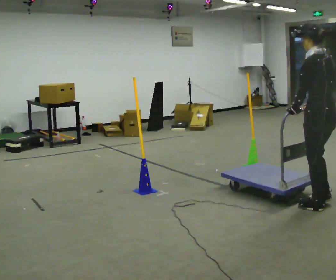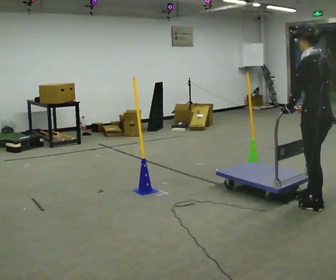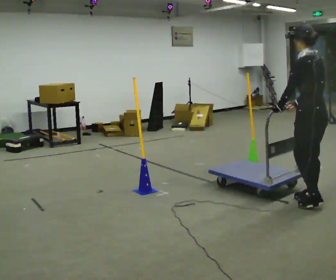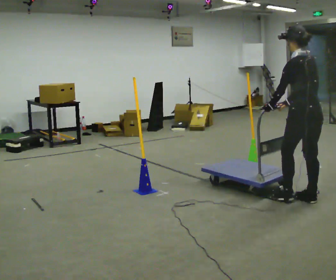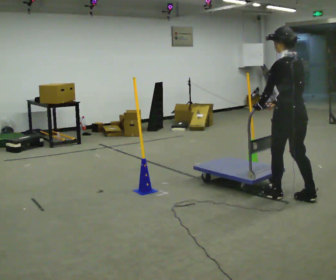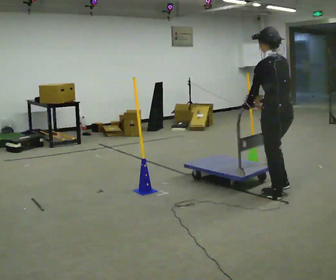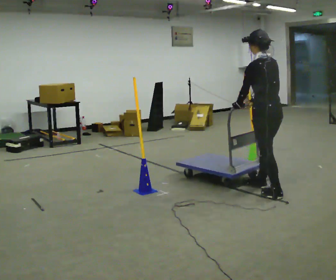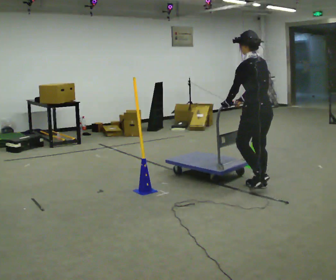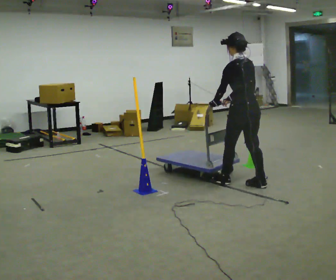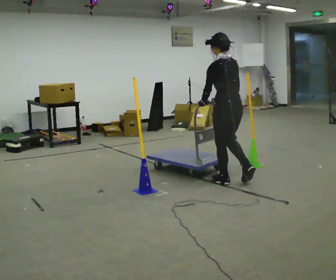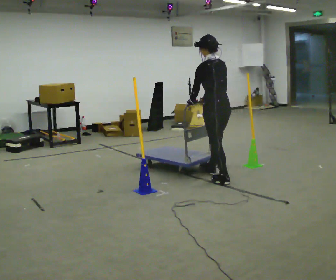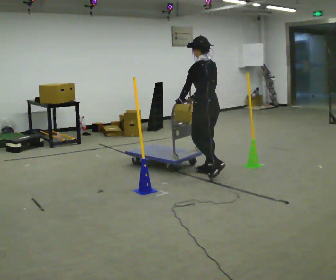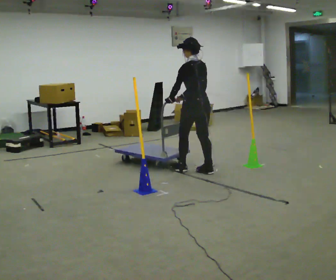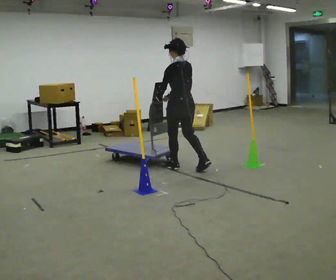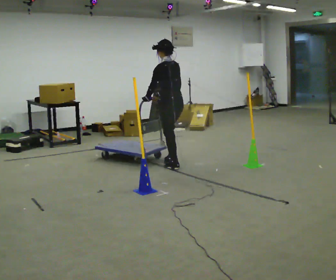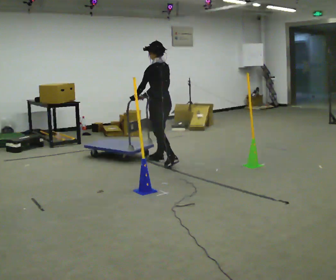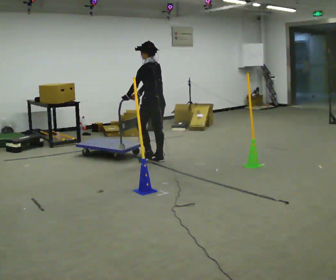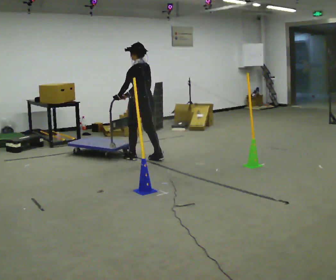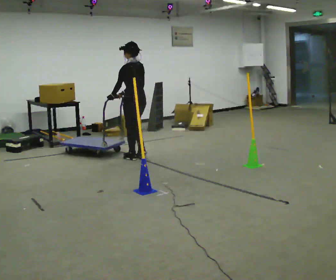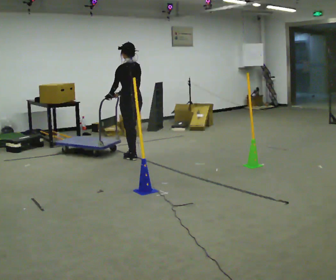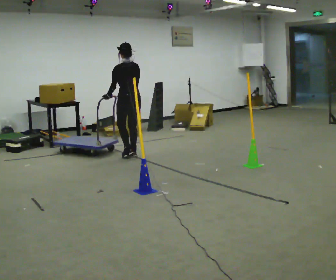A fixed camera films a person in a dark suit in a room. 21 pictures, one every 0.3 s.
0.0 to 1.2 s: In the picture they go away from the camera and to the left, about 0.5 m in 2 steps, which for them is forward.
1.2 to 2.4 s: In the picture they go away from the camera and to the left, about 0.75 m in 2 steps, which for them is forward.
2.4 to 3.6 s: In the picture they go away from the camera and to the left, about 1 m in 1 step, which for them is forward.
3.6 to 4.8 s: In the picture they go to the left and away from the camera, about 1 m in 2 steps, which for them is forward.
4.8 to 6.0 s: Seen from above the body turns clockwise, about 30 degrees: to their right, with its near side sliding to the left. In the picture they go to the left and away from the camera, about 0.5 m in 2 steps, which for them is forward.
The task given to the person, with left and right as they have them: Push the cart through the gap between the poles without touching them, then bring it back through.
The film runs forward here.
